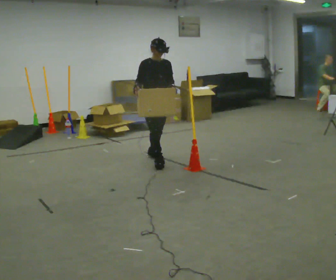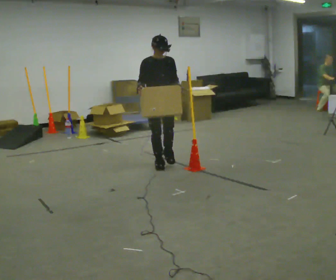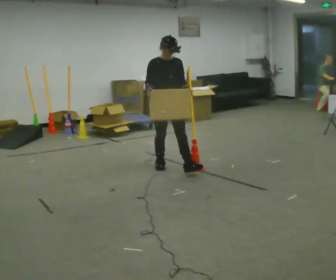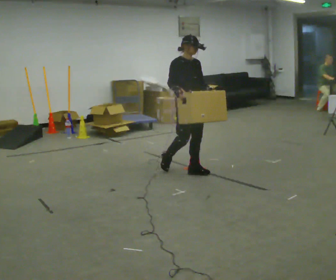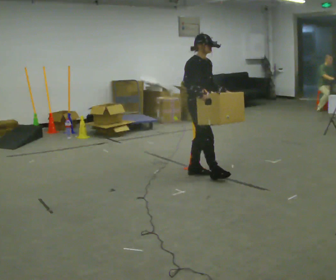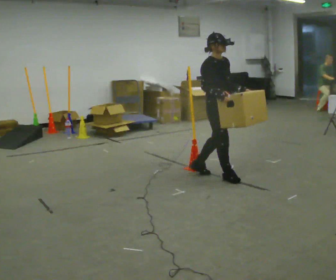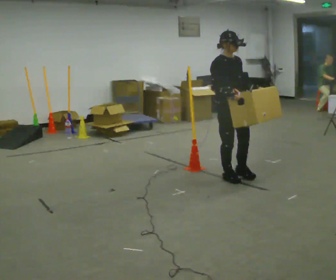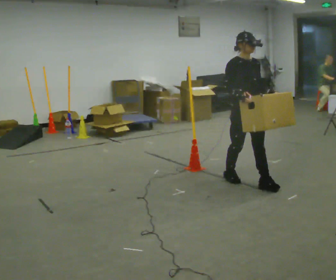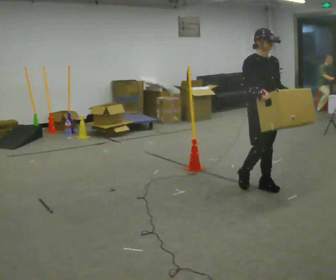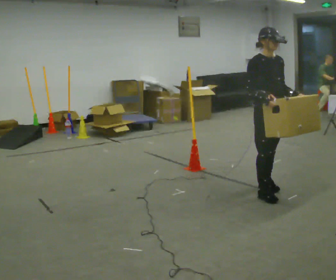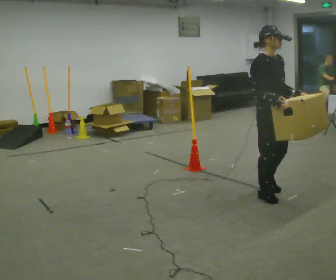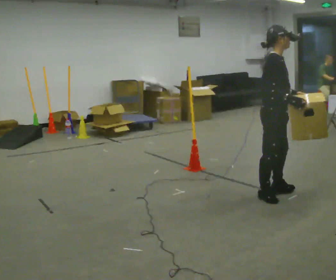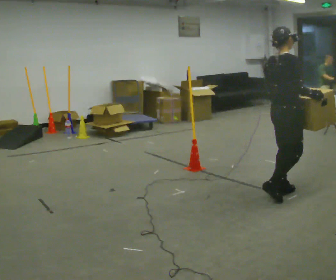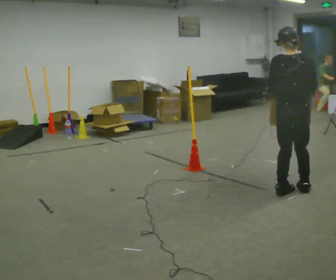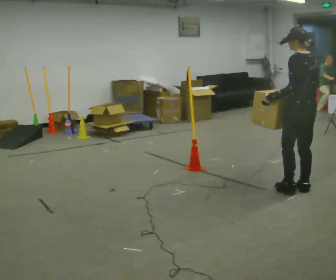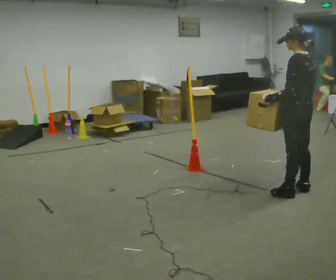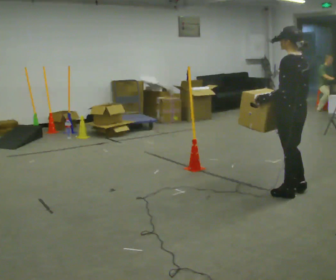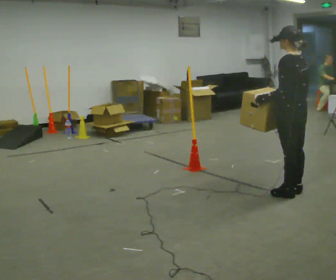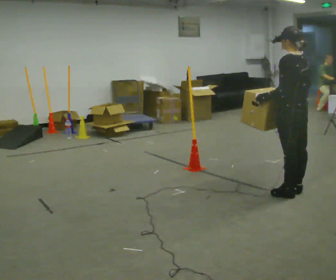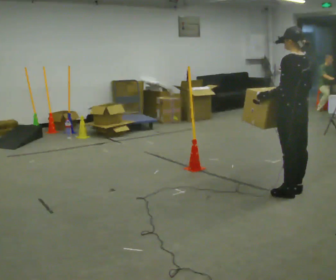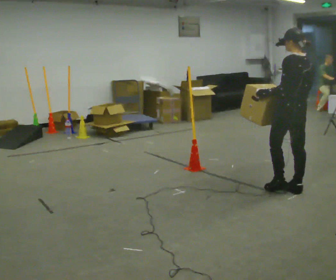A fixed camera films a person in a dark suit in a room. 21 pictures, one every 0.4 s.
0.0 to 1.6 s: The part of the body nearest the lens slides to the right as the person turns to their left by about 30 degrees. In the picture they go to the right and toward the camera, about 0.5 m in 1 step, which for them is forward.
1.6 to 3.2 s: The person turns about 30 degrees to their right, clockwise seen from above, so the part of the body nearest the lens slides to the left. In the picture they go to the right and toward the camera, about 1 m in 2 steps, which for them is forward.
3.2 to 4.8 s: Seen from above the body turns counterclockwise, about 90 degrees: to their left, with its near side sliding to the right. In the picture they go to the right and toward the camera, about 0.25 m in 2 steps.
4.8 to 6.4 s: The part of the body nearest the lens slides to the right as the person turns to their left by about 105 degrees.
6.4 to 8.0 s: The person moves a little, or ends about where they began.
The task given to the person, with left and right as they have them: Carry the box across the room. The operator will step into your path partway across, so go around them and carry on. Keep going until the operator says stop; one object at a time, and do not rush between trips.
The film runs forward here.
